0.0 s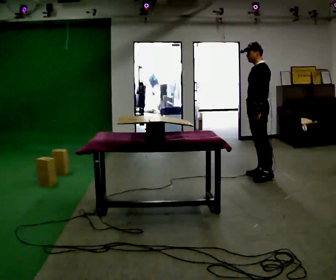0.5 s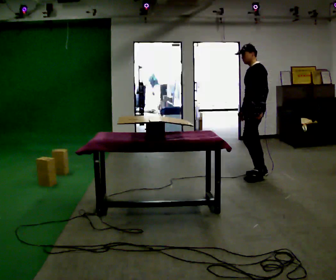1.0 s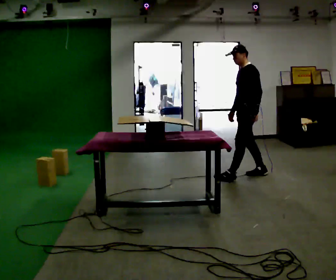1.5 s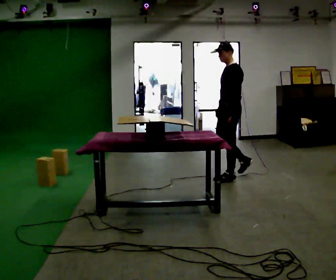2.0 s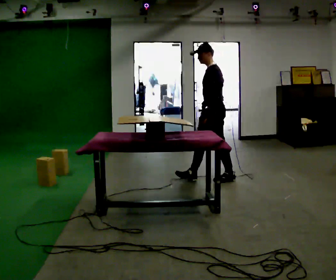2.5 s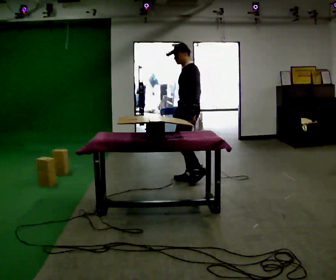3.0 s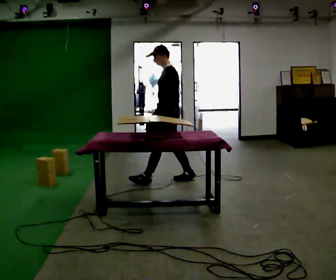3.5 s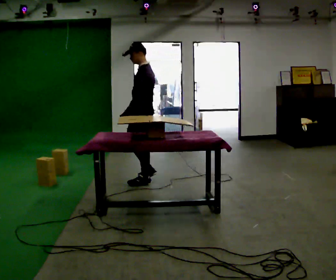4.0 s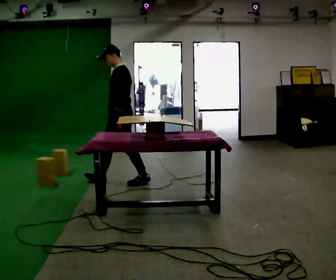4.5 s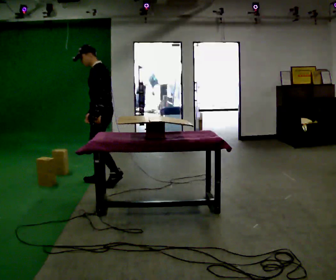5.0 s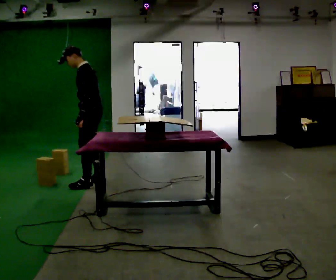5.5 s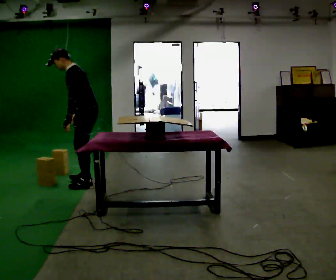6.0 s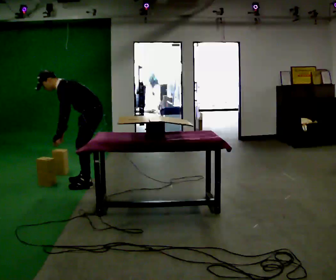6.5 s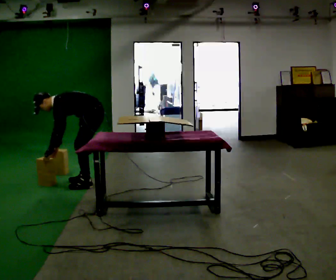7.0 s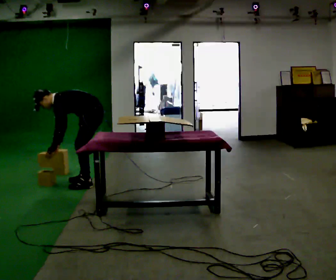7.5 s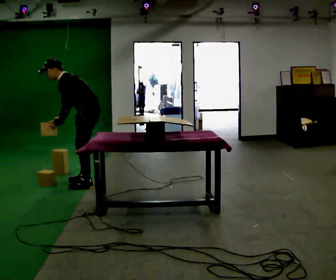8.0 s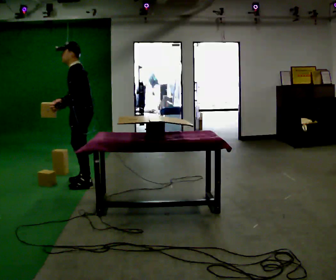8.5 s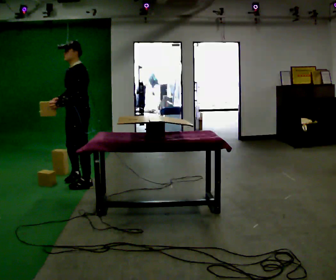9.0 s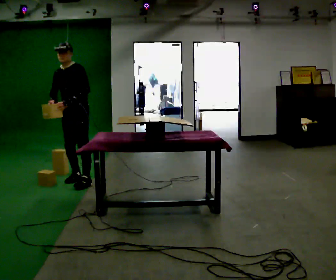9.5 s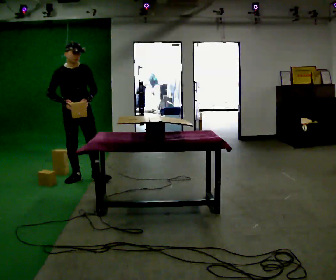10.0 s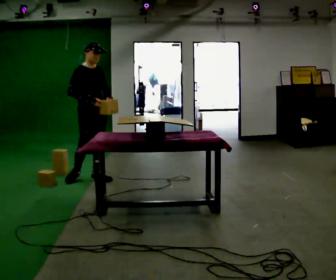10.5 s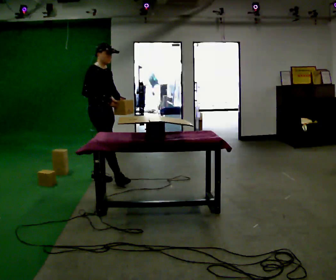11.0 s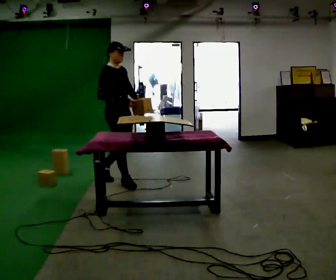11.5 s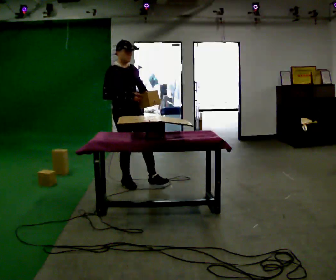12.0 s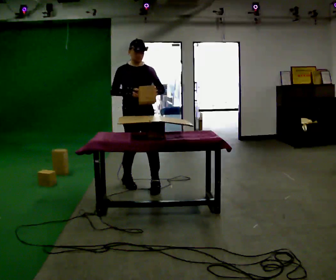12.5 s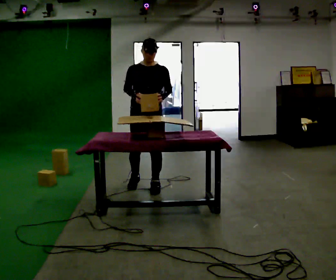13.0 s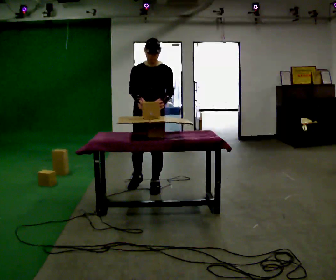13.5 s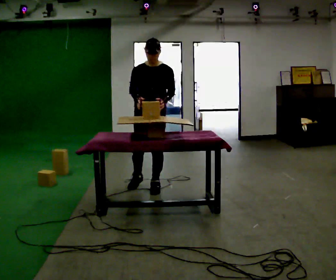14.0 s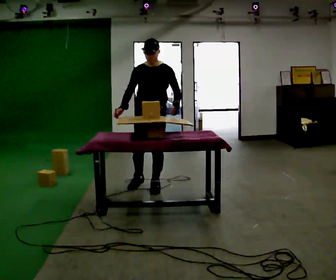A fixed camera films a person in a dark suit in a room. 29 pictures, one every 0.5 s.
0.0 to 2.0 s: In the picture they go to the left, about 0.5 m in 2 steps, which for them is forward.
2.0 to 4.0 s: In the picture they go to the left, about 1 m in 2 steps, which for them is forward.
4.0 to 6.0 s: In the picture they go to the left, about 0.25 m in 2 steps, which for them is forward. The upper body goes downward. In the picture the upper body tilts counterclockwise, shoulders to the left, as they bend forward.
6.0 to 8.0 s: In the picture their right hand goes upward.
8.0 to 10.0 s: The person turns about 135 degrees to their left, counterclockwise seen from above, so the part of the body nearest the lens slides to the right. In the picture they go away from the camera, about 0.25 m in 2 steps.
10.0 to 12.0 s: The person turns about 30 degrees to their right, clockwise seen from above, so the part of the body nearest the lens slides to the left. In the picture they go to the right and toward the camera, about 0.75 m in 2 steps, which for them is forward.
12.0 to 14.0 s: The part of the body nearest the lens slides to the left as the person turns to their right by about 30 degrees. In the picture they go to the right, about 0.25 m in 1 step, which for them is to their left.
The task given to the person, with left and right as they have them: Carry the object over and set it down on the wobbly board without tipping it over. Keep going until the operator says stop; one object at a time, and do not rush between trips.
The film runs forward here.
